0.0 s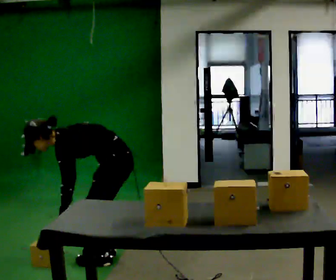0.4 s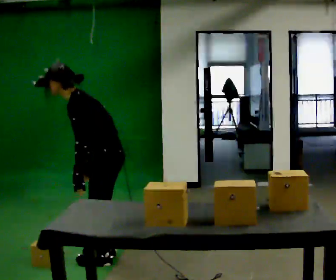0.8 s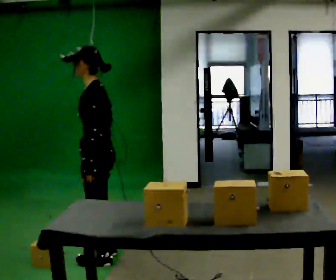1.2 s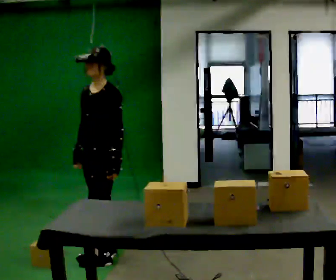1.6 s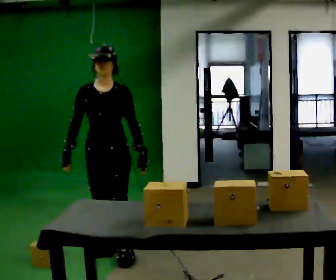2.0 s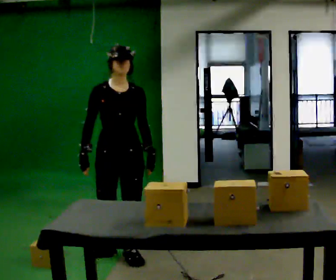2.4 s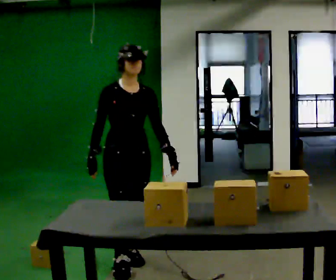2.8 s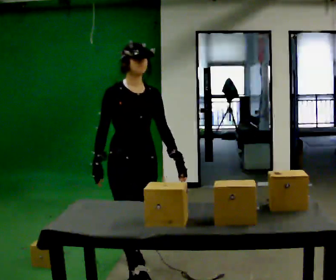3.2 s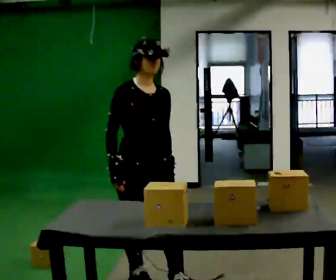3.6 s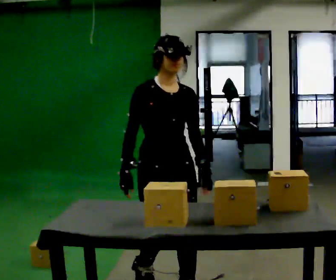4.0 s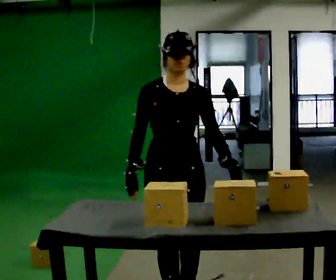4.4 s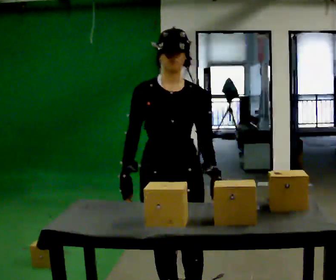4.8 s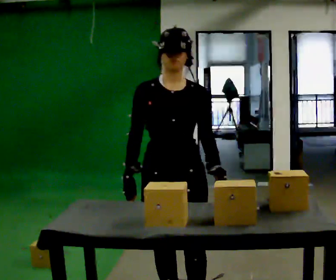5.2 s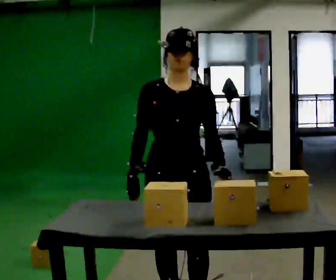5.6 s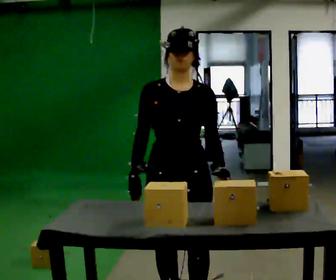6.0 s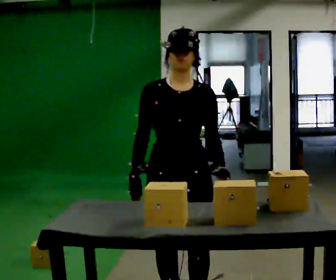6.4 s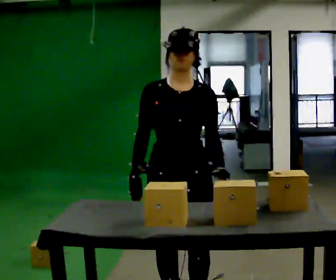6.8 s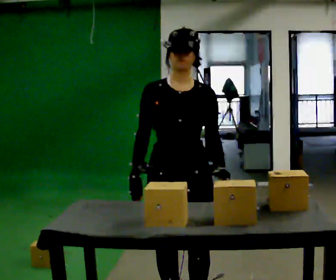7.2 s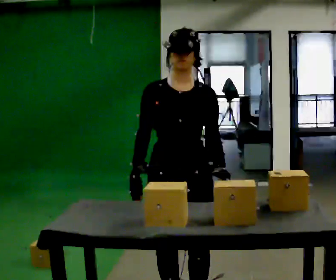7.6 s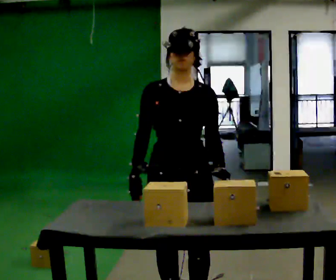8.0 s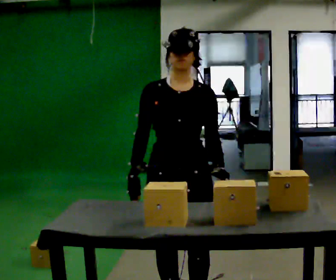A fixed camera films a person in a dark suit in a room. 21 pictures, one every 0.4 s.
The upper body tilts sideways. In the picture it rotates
clockwise.
0.0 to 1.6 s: The person turns about 75 degrees to their left, counterclockwise seen from above, so the part of the body nearest the lens slides to the right. The upper body goes upward. In the picture the upper body tilts clockwise, shoulders to the right, as they lean back or straighten. In the picture their left hand goes to the right and upward.
1.6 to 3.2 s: The part of the body nearest the lens slides to the right as the person turns to their left by about 45 degrees. In the picture they go toward the camera and to the right, about 0.75 m in 2 steps, which for them is forward.
3.2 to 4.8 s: Seen from above the body turns clockwise, about 30 degrees: to their right, with its near side sliding to the left. In the picture they go toward the camera and to the right, about 0.5 m in 3 steps, which for them is forward.
4.8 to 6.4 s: The person moves a little, or ends about where they began.
6.4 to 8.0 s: The person keeps their place and pose.
The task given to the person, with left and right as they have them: Pick the fragile object up and set it back down as gently as you can. Repeat at your own pace until the operator says stop. Keep both feet on the marked spots for the whole take. If you have to step, stop and tell the operator.
The film runs forward here.
